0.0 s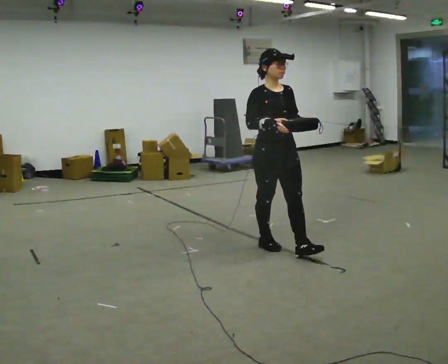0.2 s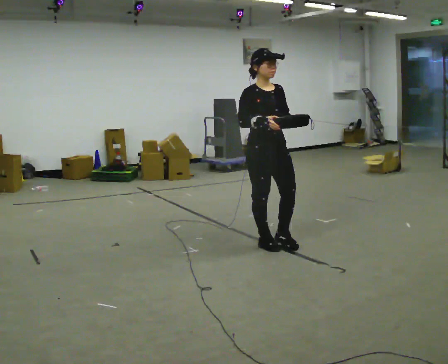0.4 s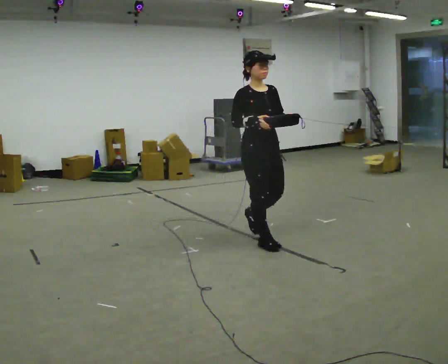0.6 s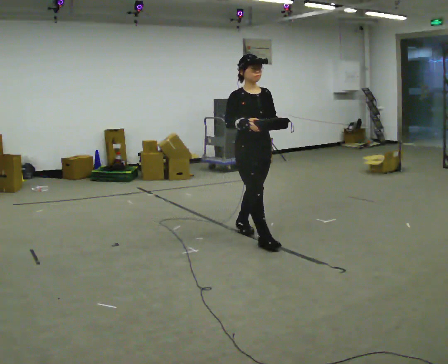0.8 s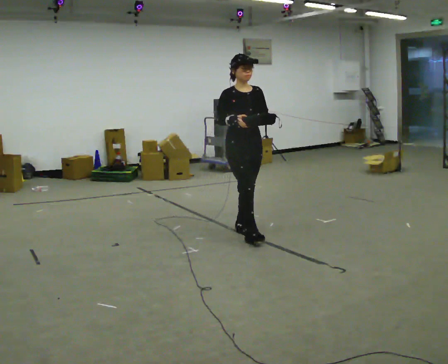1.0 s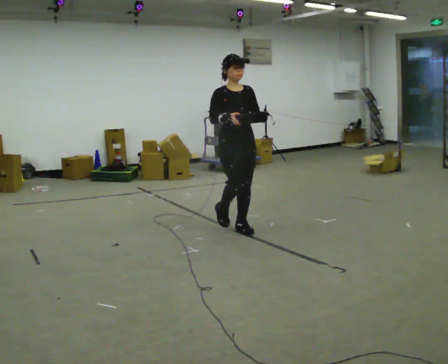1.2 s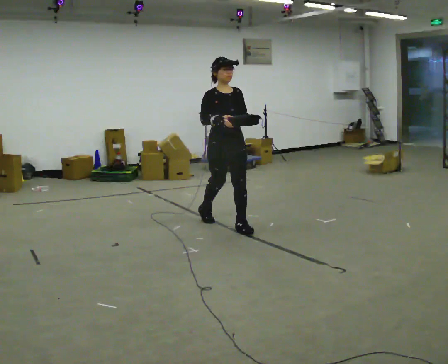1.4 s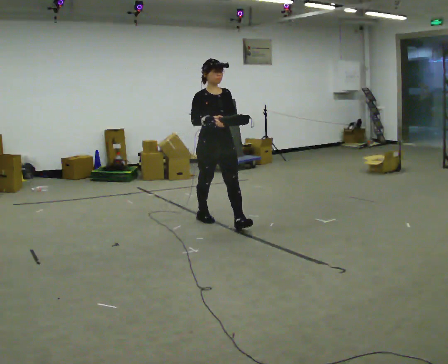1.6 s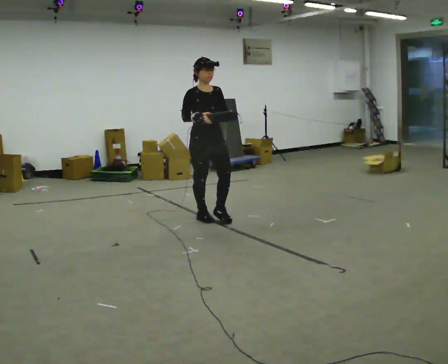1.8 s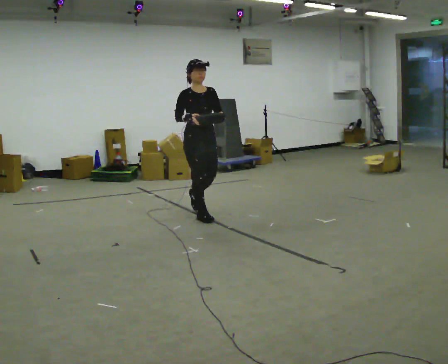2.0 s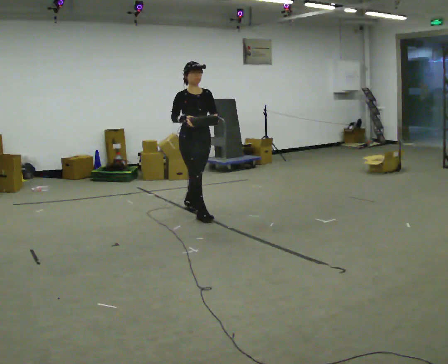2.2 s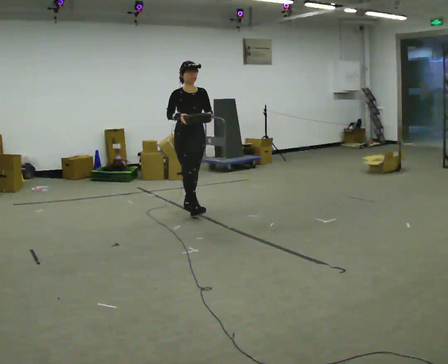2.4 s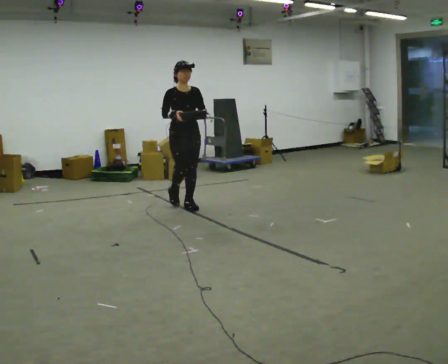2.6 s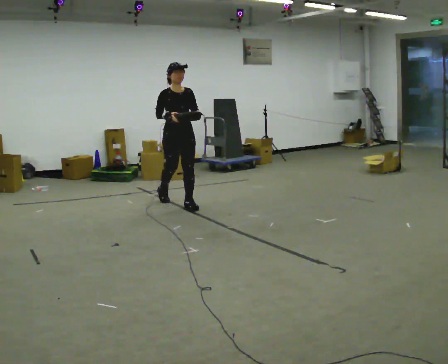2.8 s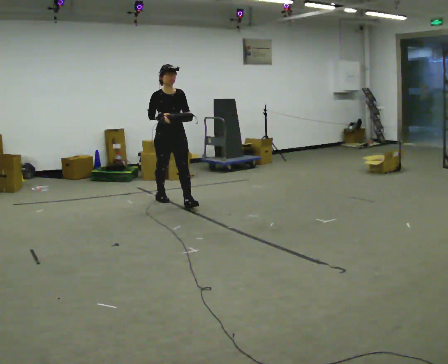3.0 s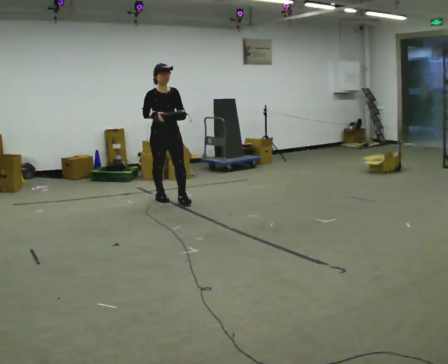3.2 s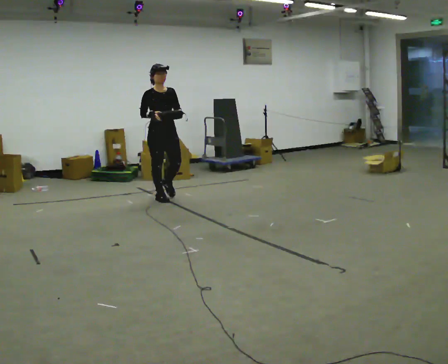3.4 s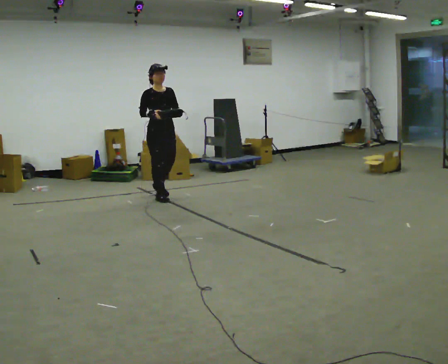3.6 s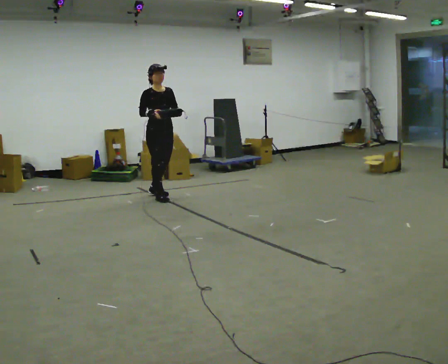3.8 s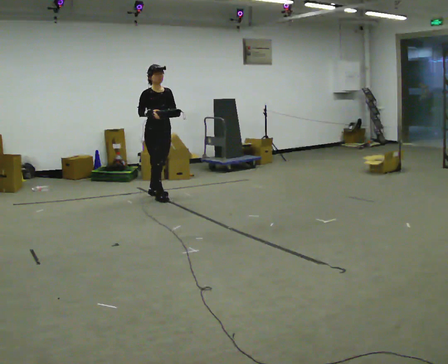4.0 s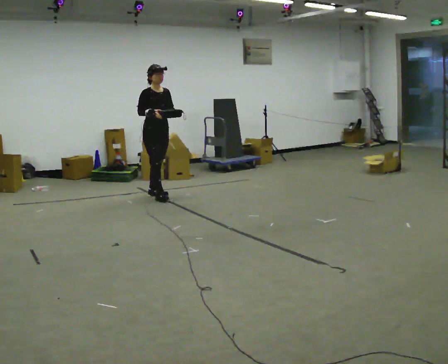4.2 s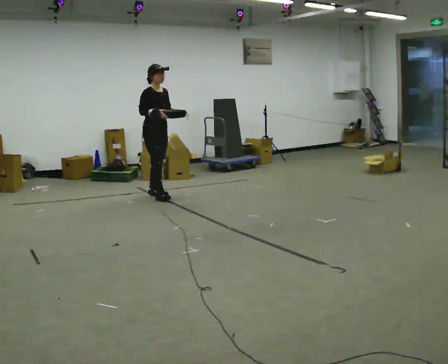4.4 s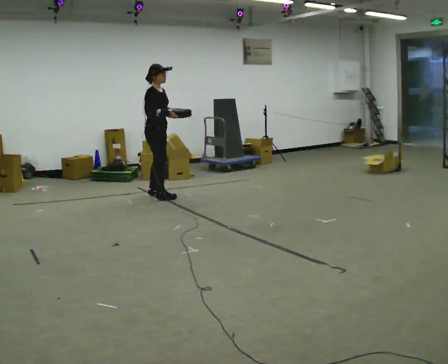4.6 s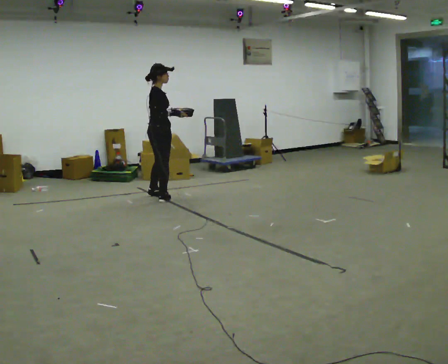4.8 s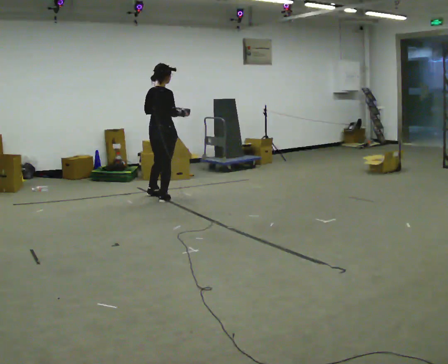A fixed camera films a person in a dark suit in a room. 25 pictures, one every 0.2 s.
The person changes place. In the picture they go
away from the camera.
0.0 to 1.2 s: In the picture they go away from the camera and to the left, about 1 m in 1 step, which for them is backward.
1.2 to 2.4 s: In the picture they go away from the camera and to the left, about 1 m in 2 steps, which for them is backward.
2.4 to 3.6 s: In the picture they go away from the camera and to the left, about 0.5 m in 1 step, which for them is backward.
3.6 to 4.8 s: The person turns about 90 degrees to their left, counterclockwise seen from above, so the part of the body nearest the lens slides to the right.
The film runs backward here.
